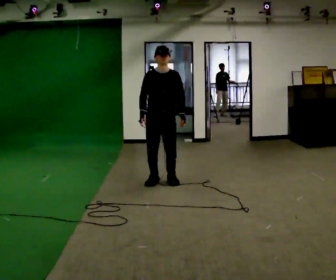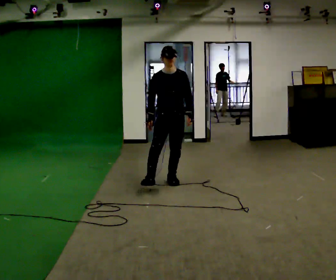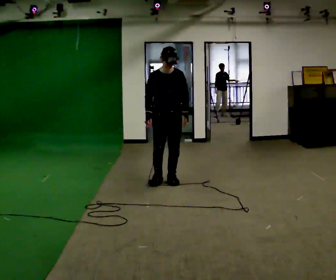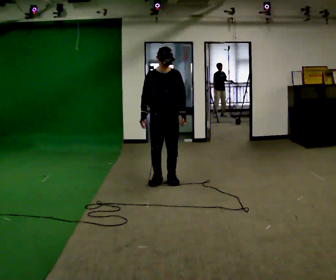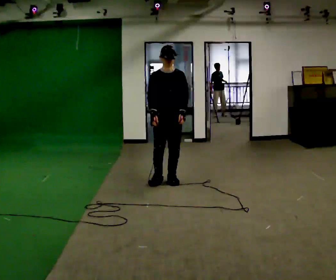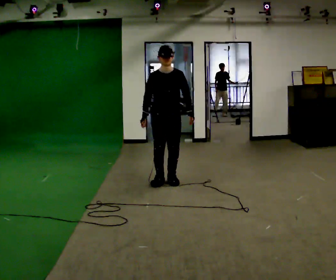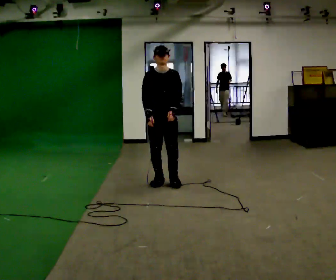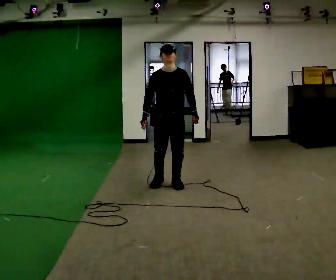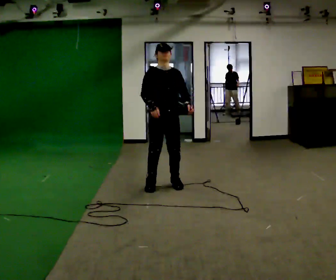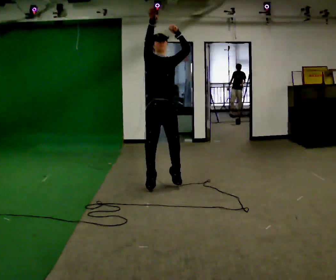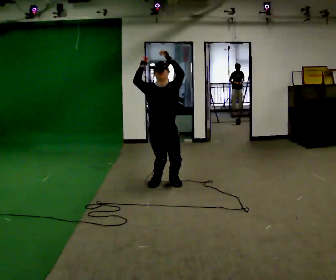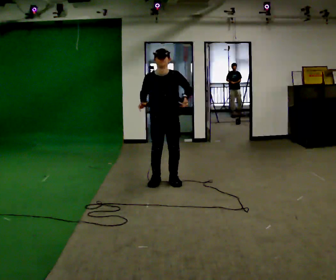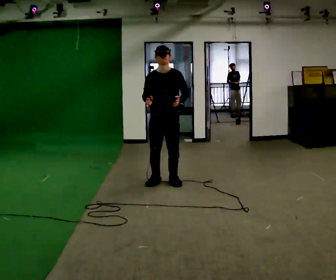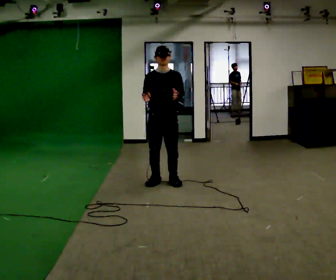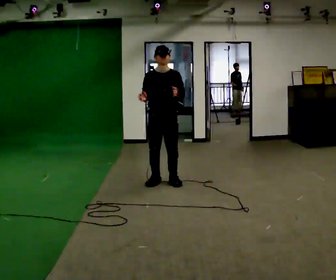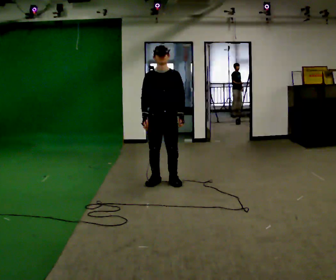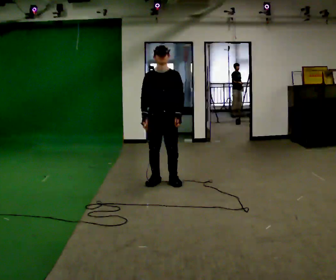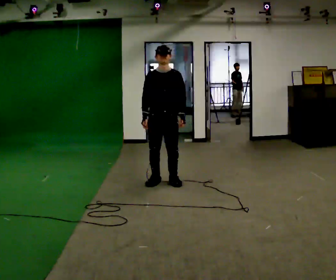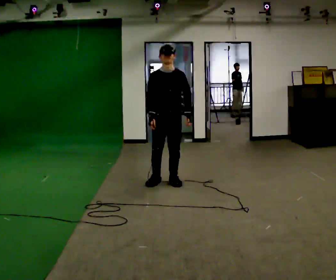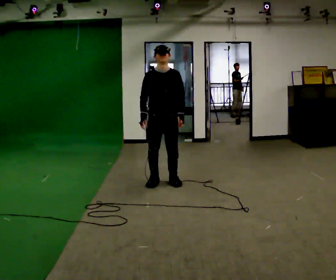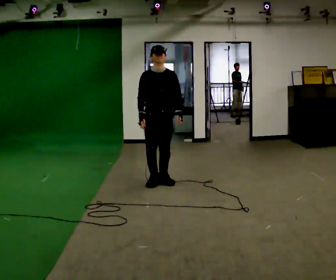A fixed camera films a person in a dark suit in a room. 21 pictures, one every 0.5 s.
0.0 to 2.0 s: The person moves a little, or ends about where they began.
2.0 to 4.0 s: In the picture they go toward the camera, about 0.25 m in 2 steps, which for them is forward.
4.0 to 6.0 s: In the picture they go away from the camera, about 0.25 m in 1 step, which for them is backward.
6.0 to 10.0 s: The person moves a little, or ends about where they began.
The film runs backward here.
